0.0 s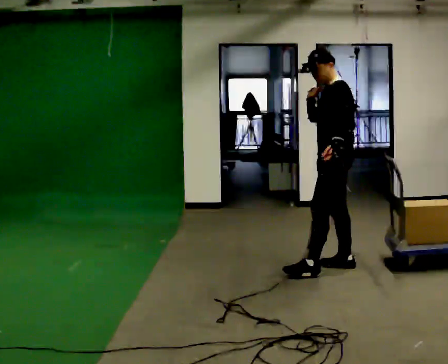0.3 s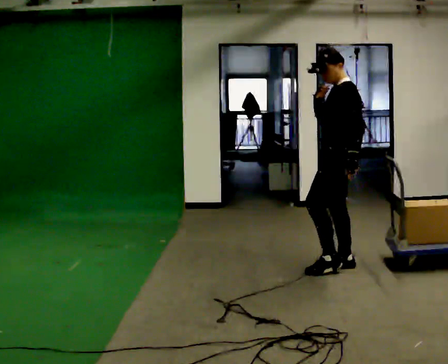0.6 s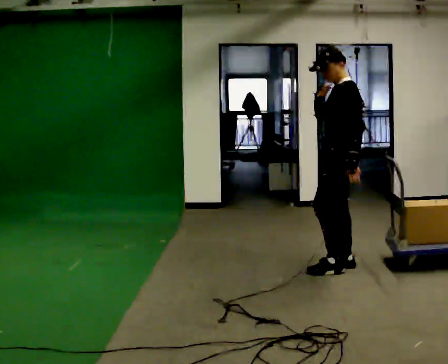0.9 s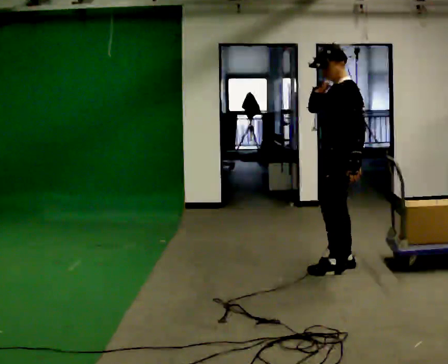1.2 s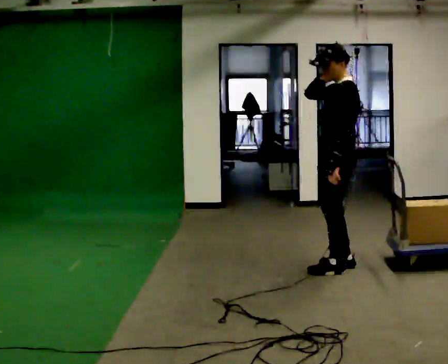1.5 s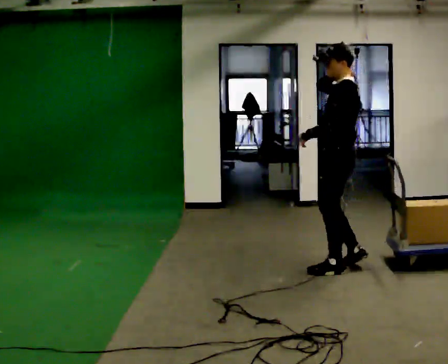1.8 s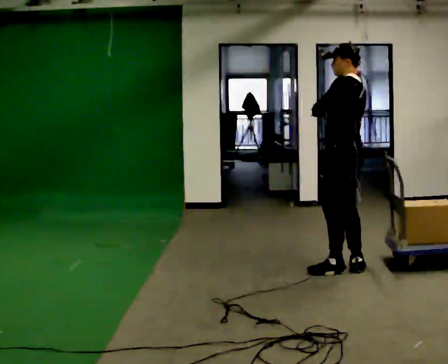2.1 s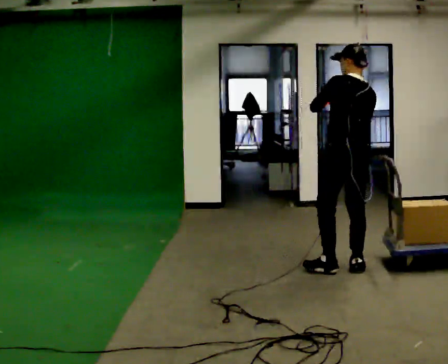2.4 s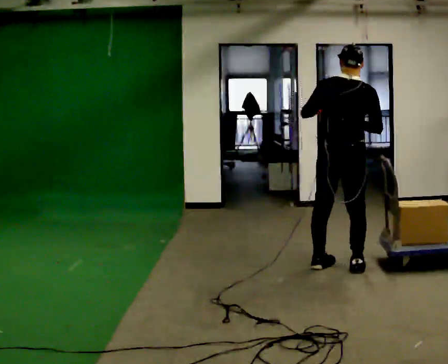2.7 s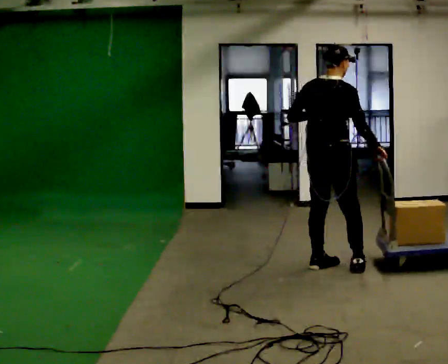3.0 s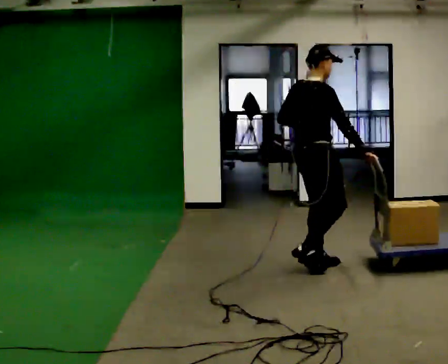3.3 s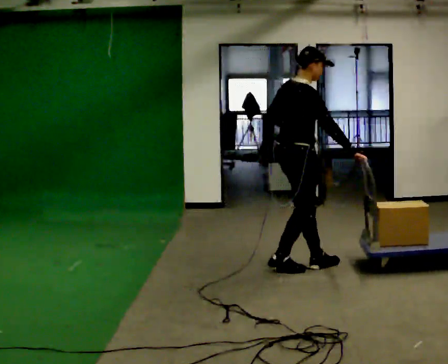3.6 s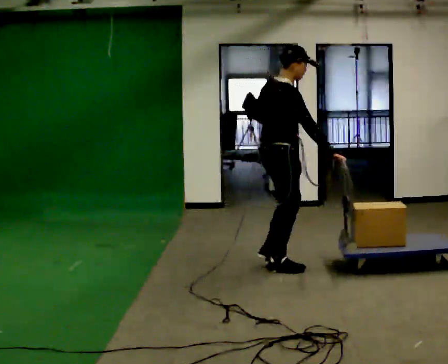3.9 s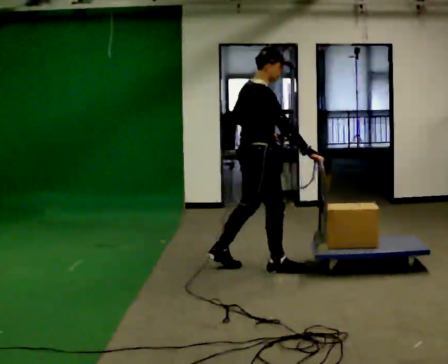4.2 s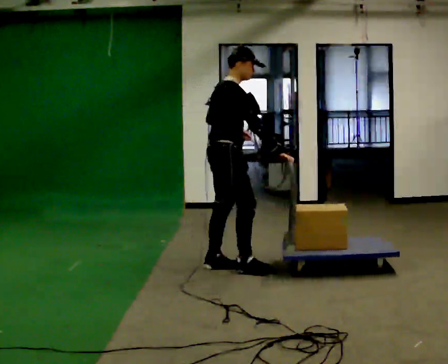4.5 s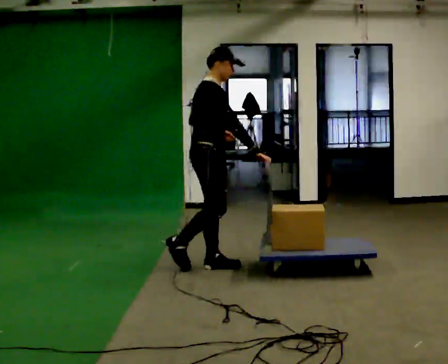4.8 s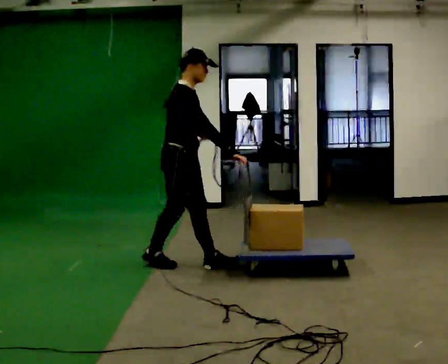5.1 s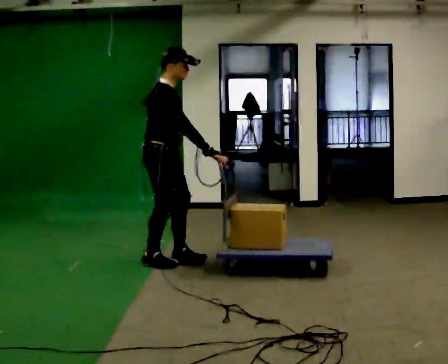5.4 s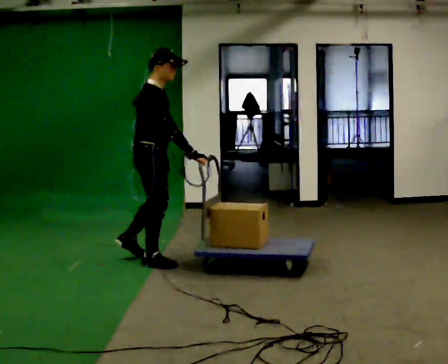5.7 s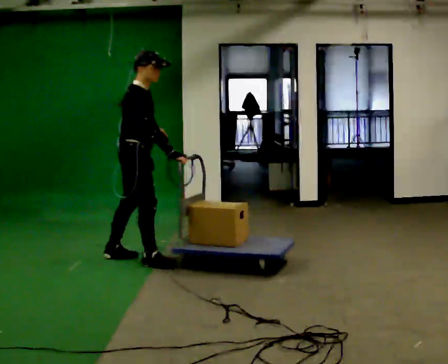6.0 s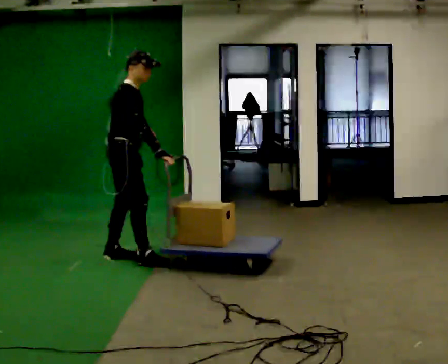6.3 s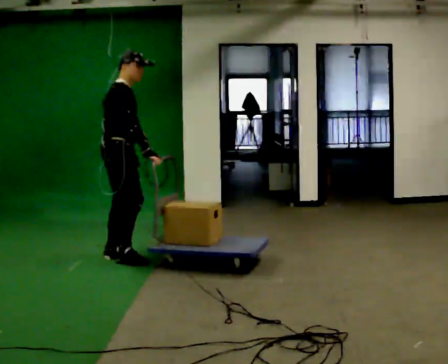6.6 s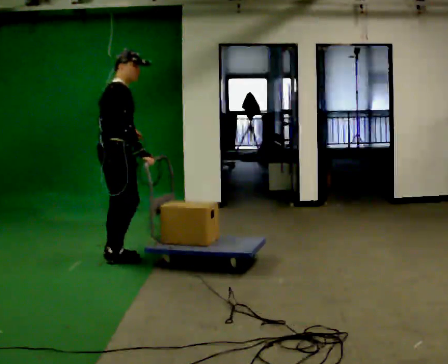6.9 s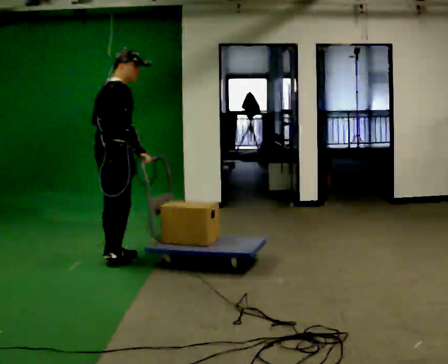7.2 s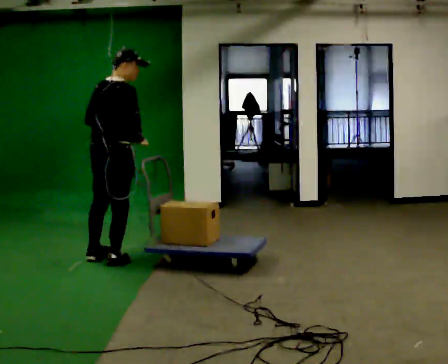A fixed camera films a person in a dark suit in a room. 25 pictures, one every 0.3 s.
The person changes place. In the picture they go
to the left.
0.0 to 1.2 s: The person moves a little, or ends about where they began.
1.2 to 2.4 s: Seen from above the body turns clockwise, about 105 degrees: to their right, with its near side sliding to the left. In the picture their left hand goes upward.
2.4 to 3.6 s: The part of the body nearest the lens slides to the left as the person turns to their right by about 60 degrees. In the picture they go to the left, about 0.5 m in 2 steps.
3.6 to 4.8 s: In the picture they go to the left, about 1 m in 1 step, which for them is backward.
4.8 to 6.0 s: In the picture they go to the left, about 0.5 m in 2 steps, which for them is backward and to their left.
6.0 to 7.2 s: The person turns about 45 degrees to their left, counterclockwise seen from above, so the part of the body nearest the lens slides to the right. In the picture they go toward the camera, about 0.25 m in 1 step.
The film runs backward here.
